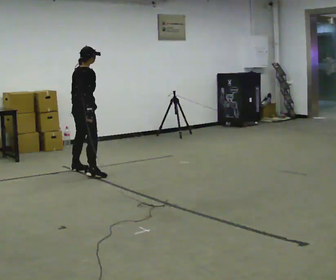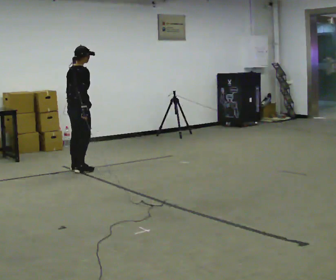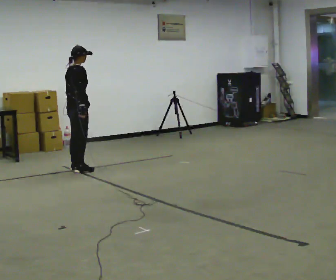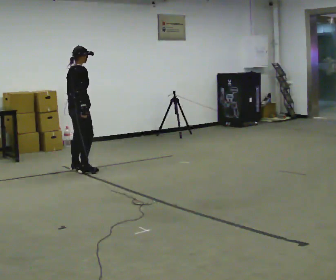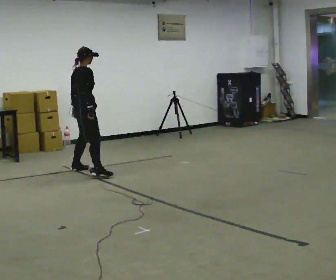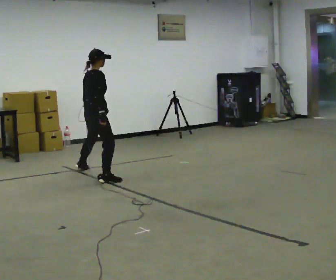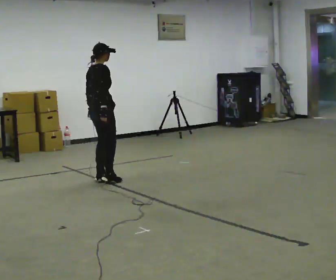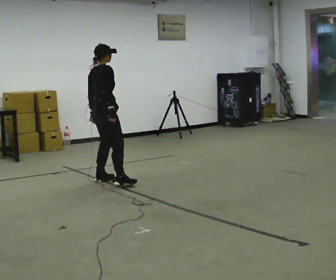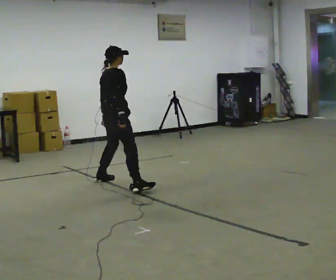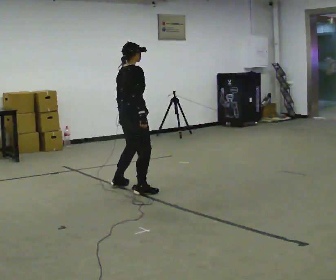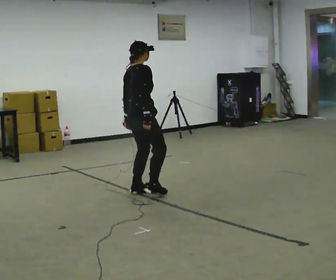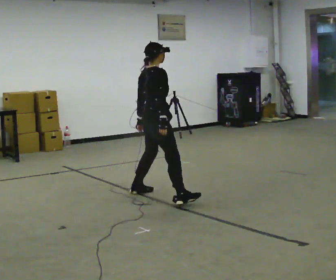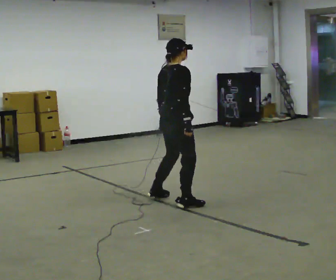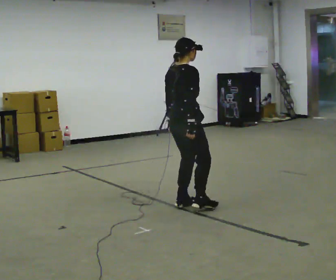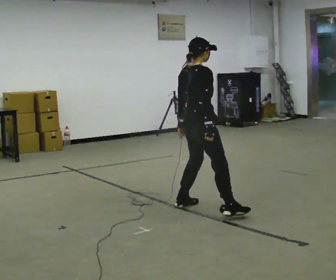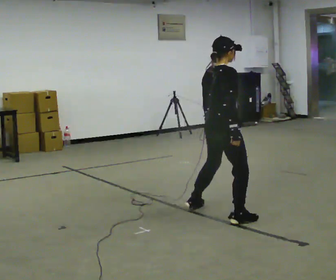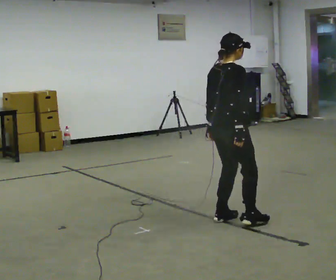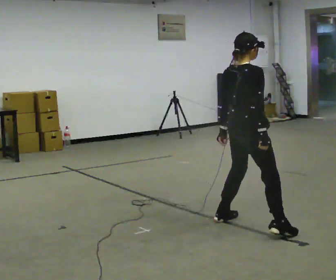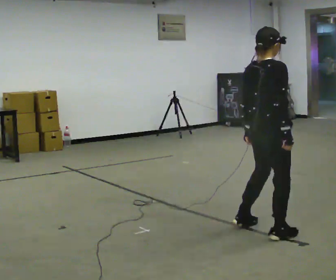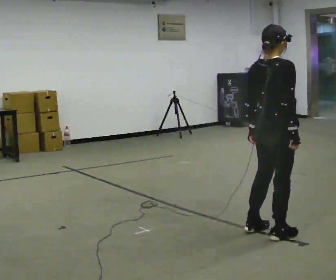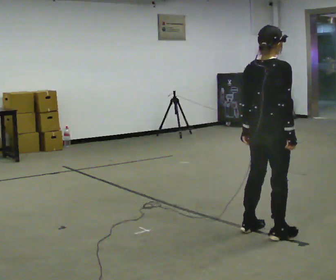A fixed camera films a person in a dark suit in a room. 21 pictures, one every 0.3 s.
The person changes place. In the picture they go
toward the camera.
0.0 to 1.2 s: The person moves a little, or ends about where they began.
1.2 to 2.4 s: In the picture they go toward the camera and to the right, about 1 m in 2 steps, which for them is to their right.
2.4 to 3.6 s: In the picture they go toward the camera and to the right, about 1 m in 3 steps, which for them is to their right.
3.6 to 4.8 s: In the picture they go toward the camera and to the right, about 0.5 m in 3 steps, which for them is to their right.
4.8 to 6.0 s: In the picture they go toward the camera and to the right, about 0.5 m in 2 steps, which for them is to their right.
The film runs forward here.
